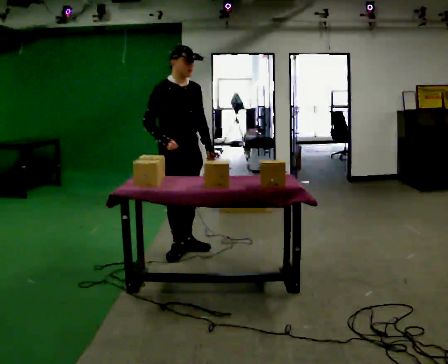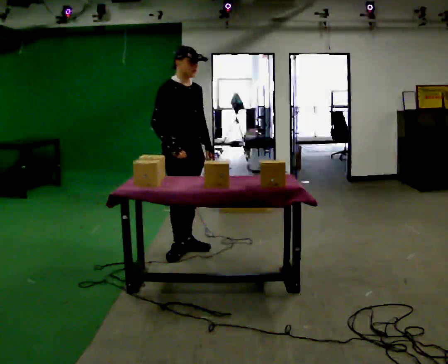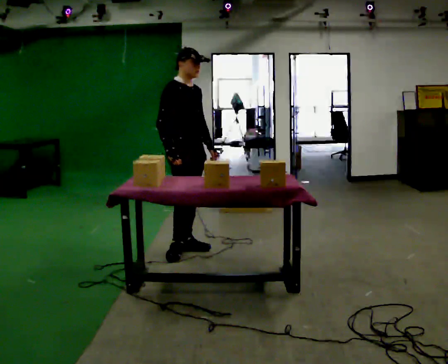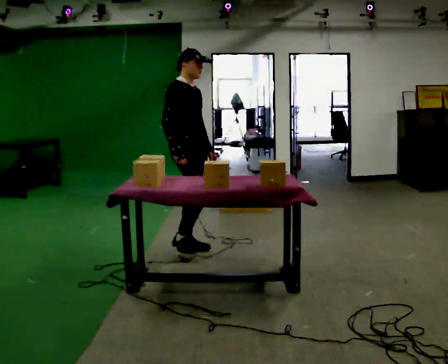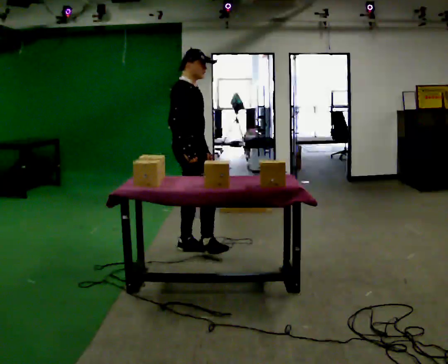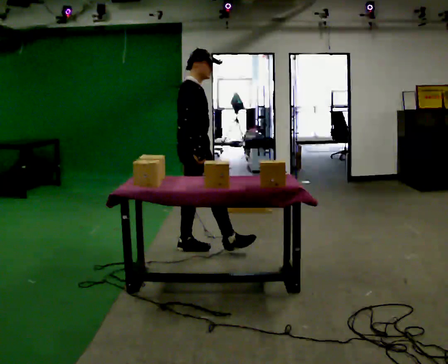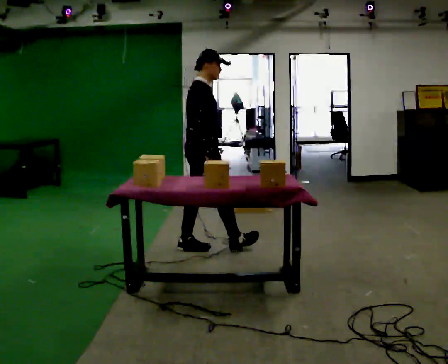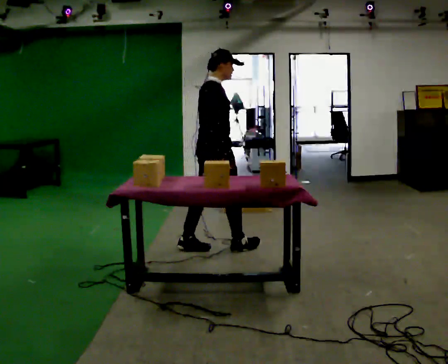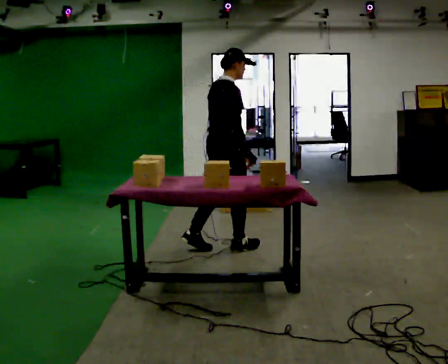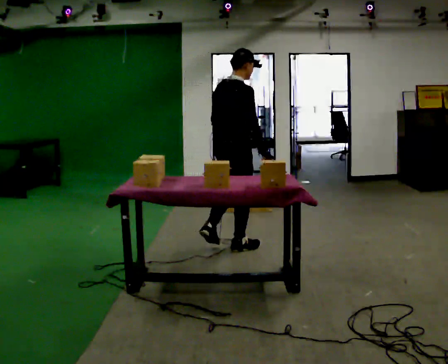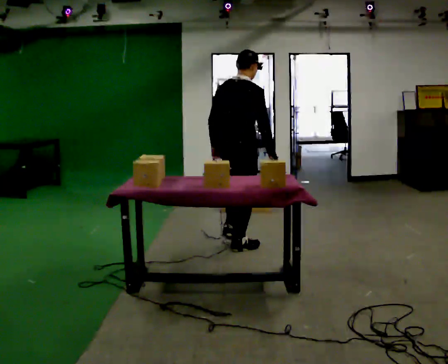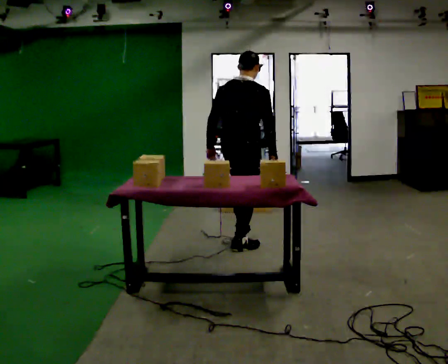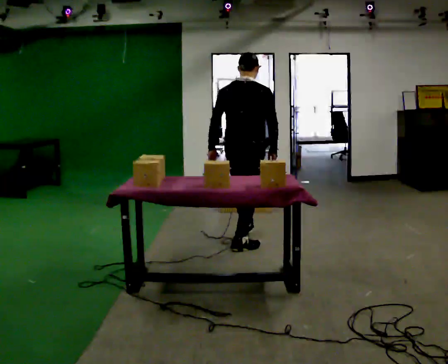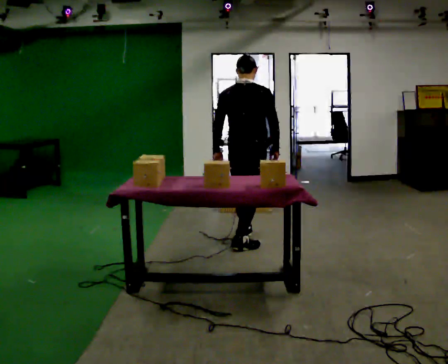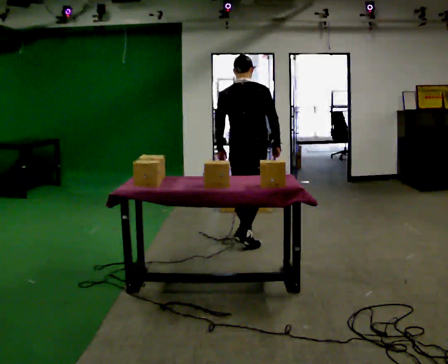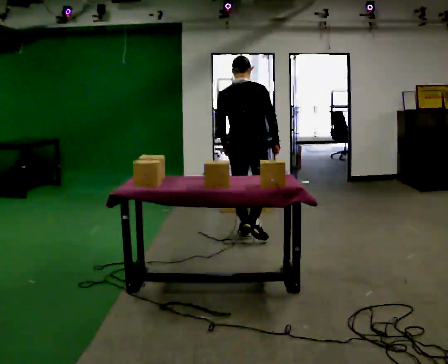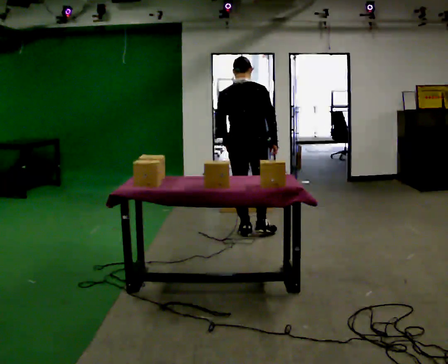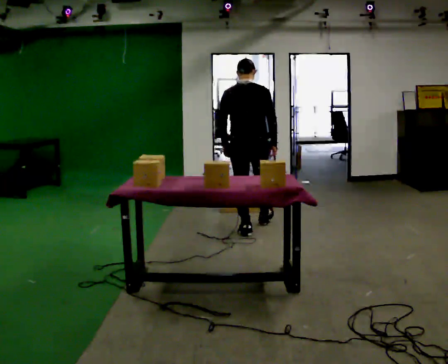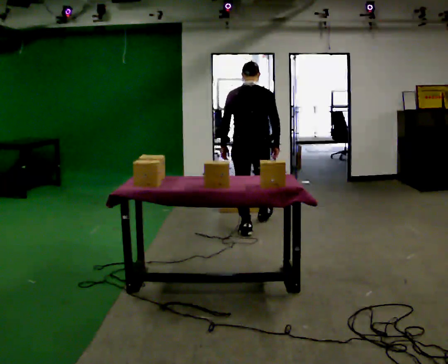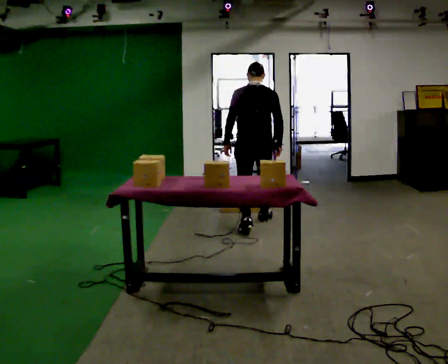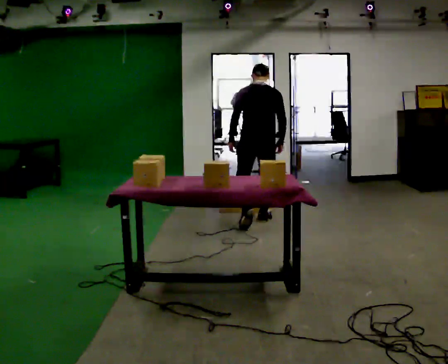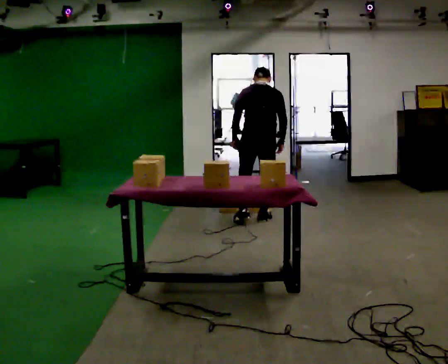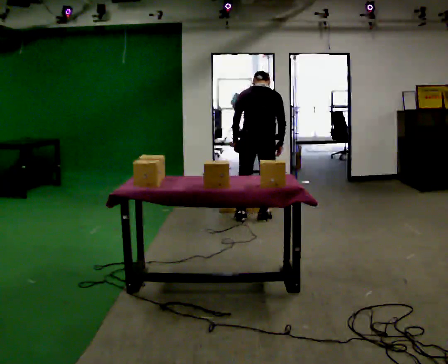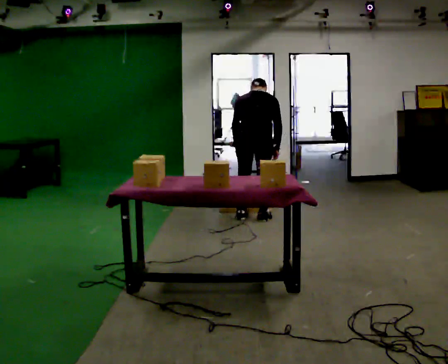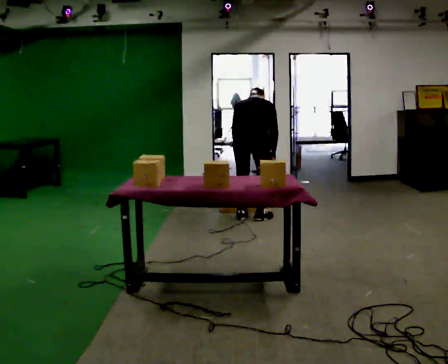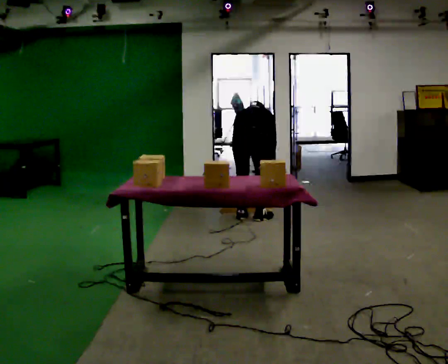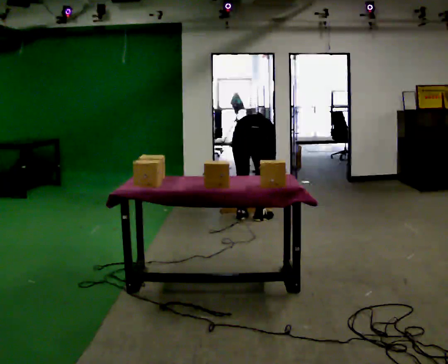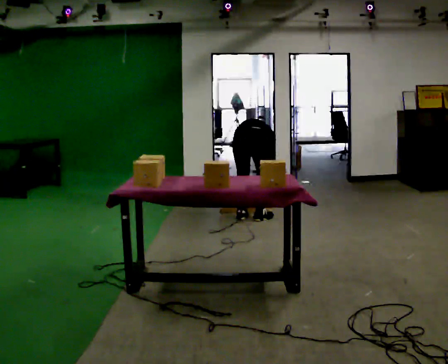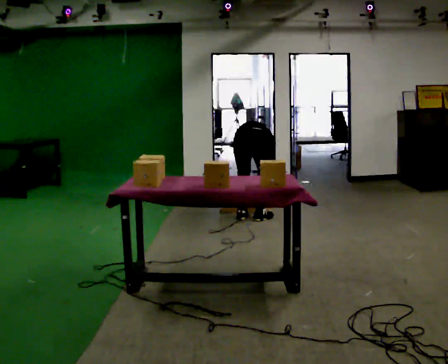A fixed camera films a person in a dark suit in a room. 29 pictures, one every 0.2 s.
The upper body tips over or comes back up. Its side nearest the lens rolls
upward.
The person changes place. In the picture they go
away from the camera.
0.0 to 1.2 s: The part of the body nearest the lens slides to the right as the person turns to their left by about 60 degrees. In the picture they go to the right, about 0.25 m in 1 step, which for them is forward and to their left.
1.2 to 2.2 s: The part of the body nearest the lens slides to the right as the person turns to their left by about 45 degrees. In the picture they go to the right, about 0.25 m, which for them is forward and to their right.
2.2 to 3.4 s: Seen from above the body turns counterclockwise, about 30 degrees: to their left, with its near side sliding to the right. In the picture they go away from the camera, about 0.5 m in 1 step, which for them is forward.
3.4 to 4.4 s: In the picture they go away from the camera, about 0.5 m in 1 step, which for them is forward and to their right. The upper body tips away from the camera, its near side rolling upward, as they bend forward.
4.4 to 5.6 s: The upper body goes downward. The upper body tips away from the camera, its near side rolling upward, as they bend forward. In the picture their left hand goes downward.
The film runs forward here.
